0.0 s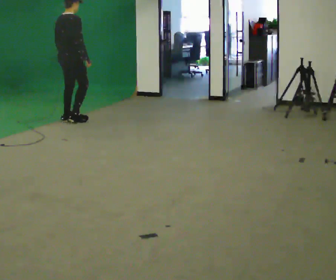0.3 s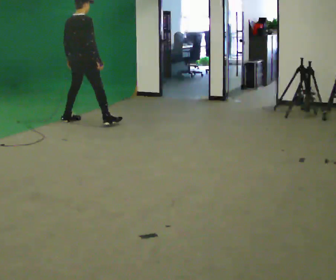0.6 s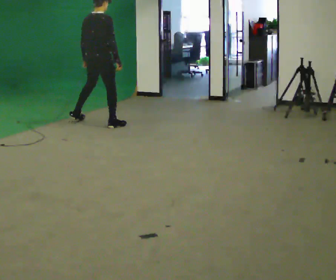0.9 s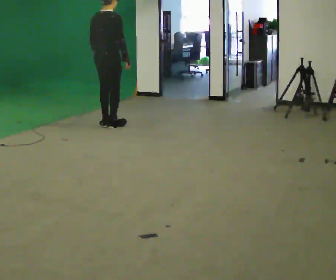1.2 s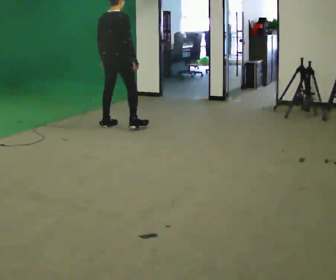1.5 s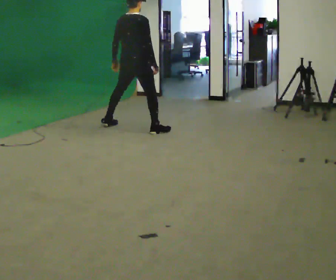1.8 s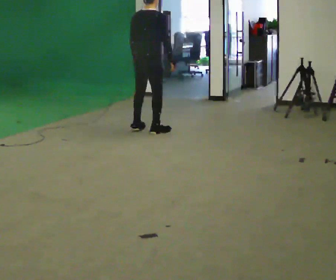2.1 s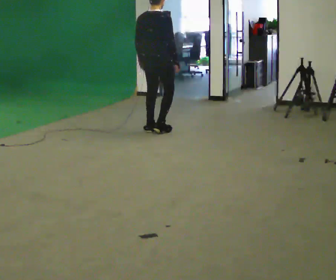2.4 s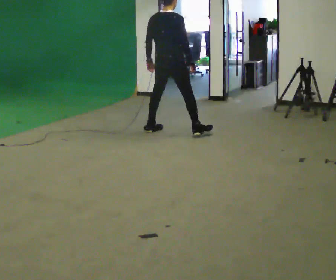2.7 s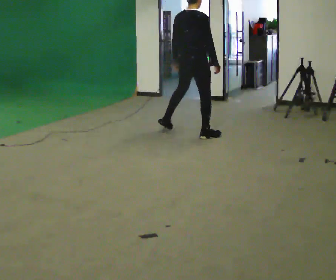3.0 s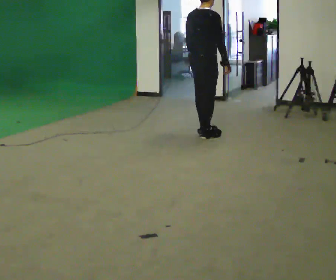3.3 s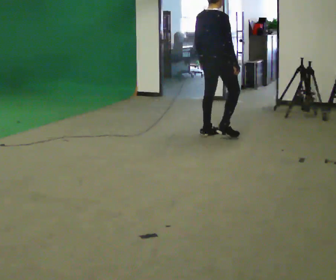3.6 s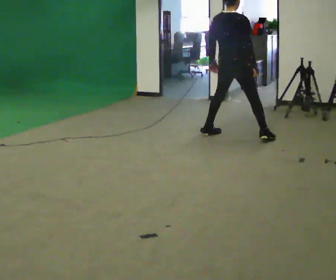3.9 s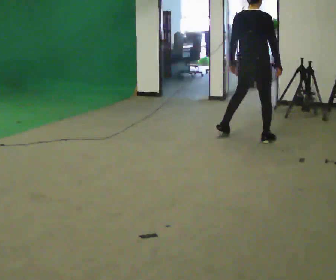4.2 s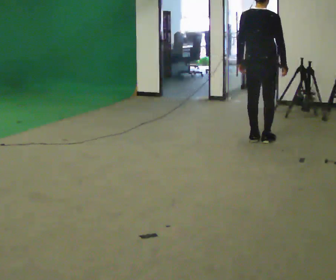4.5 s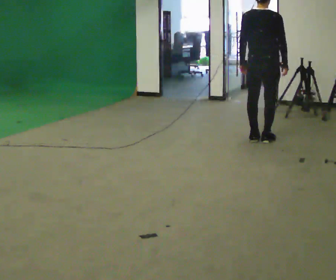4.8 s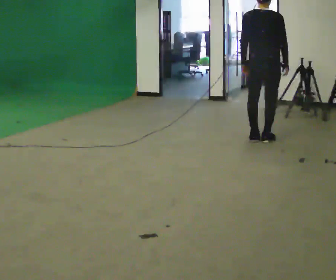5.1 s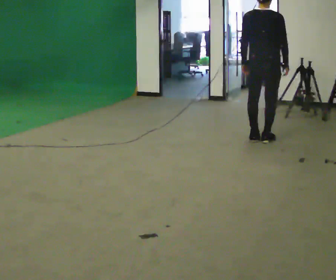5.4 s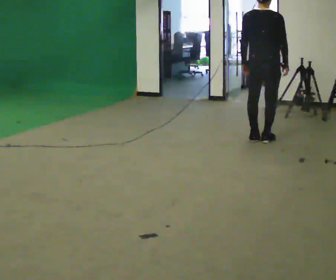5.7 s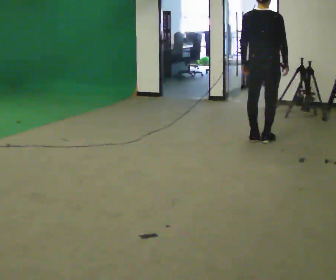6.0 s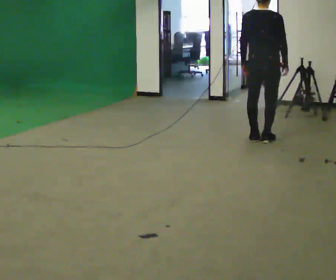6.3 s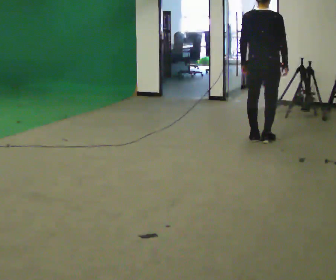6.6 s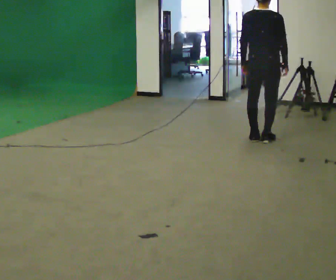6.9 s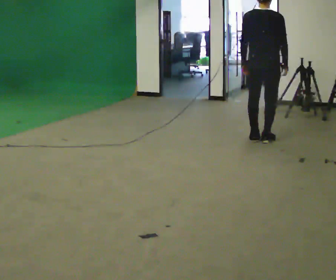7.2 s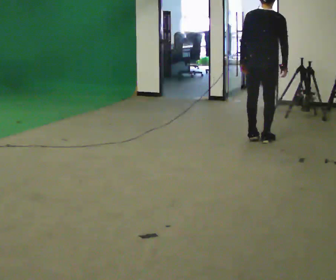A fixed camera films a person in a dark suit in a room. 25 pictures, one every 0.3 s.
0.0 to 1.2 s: In the picture they go to the right, about 0.5 m in 2 steps, which for them is to their right.
1.2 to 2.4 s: In the picture they go to the right, about 0.5 m in 2 steps, which for them is to their right.
2.4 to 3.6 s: In the picture they go to the right, about 1 m in 3 steps, which for them is to their right and forward.
3.6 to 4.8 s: In the picture they go to the right, about 0.25 m in 1 step, which for them is to their right.
4.8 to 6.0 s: The person keeps their place and pose.
6.0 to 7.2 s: The person moves a little, or ends about where they began.
The film runs forward here.
